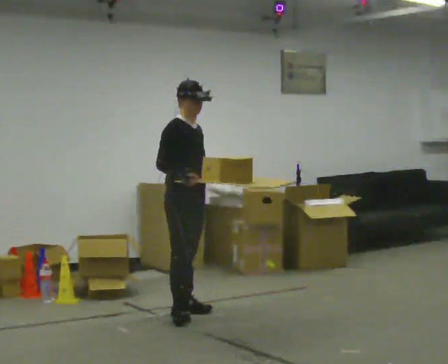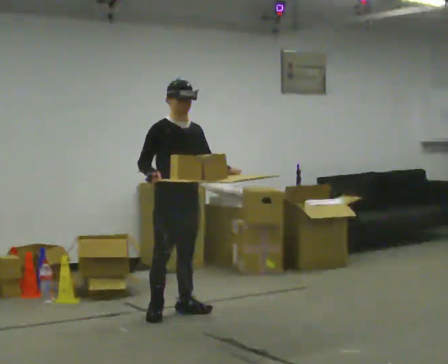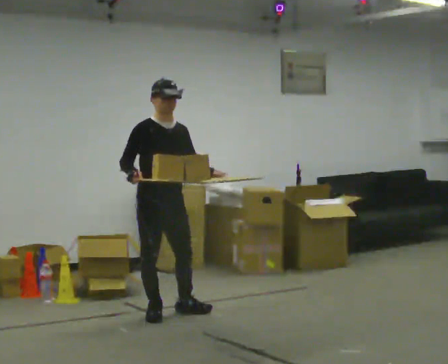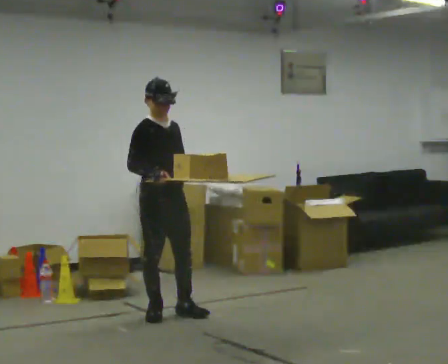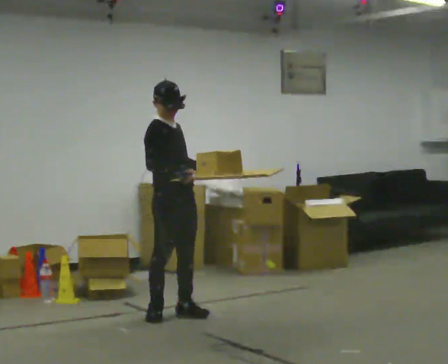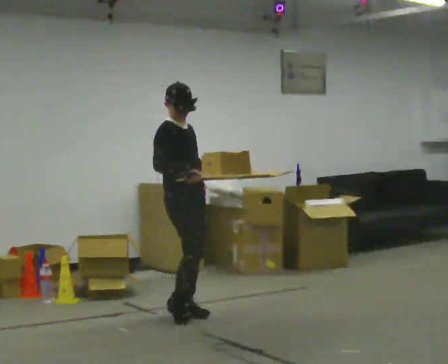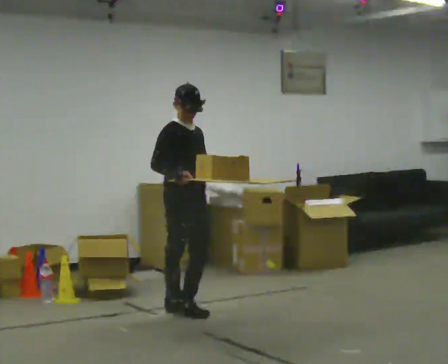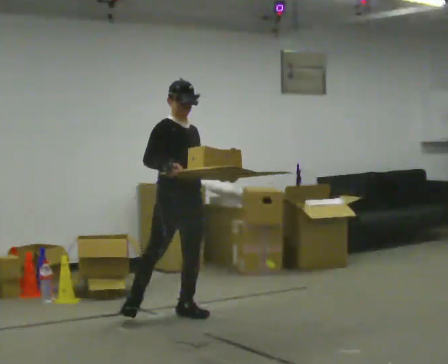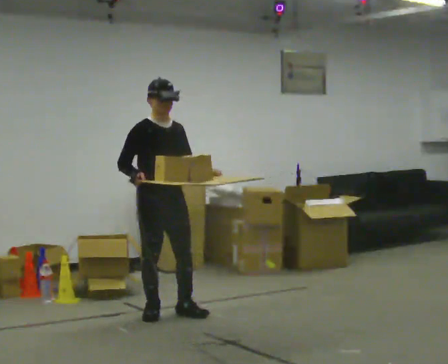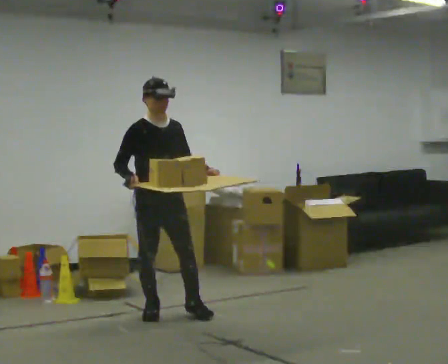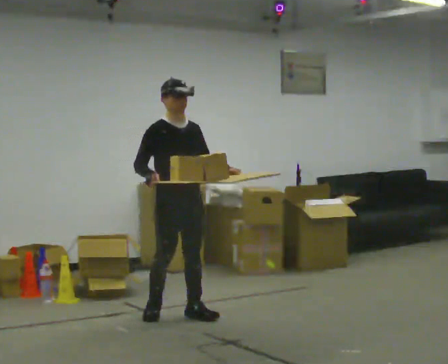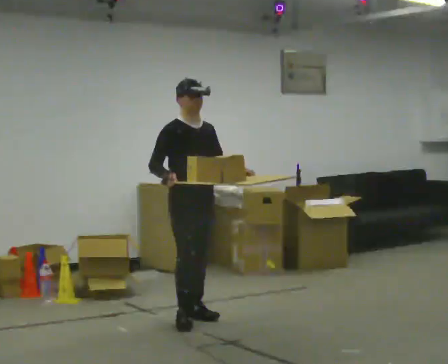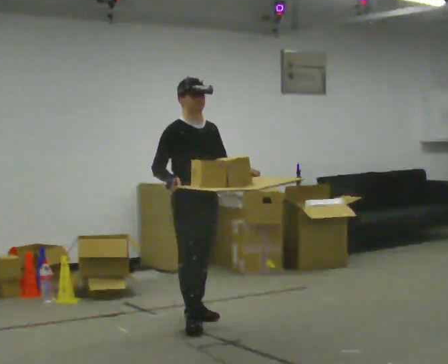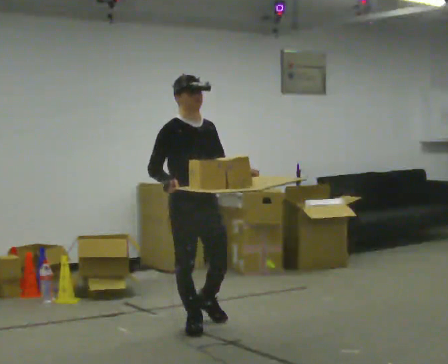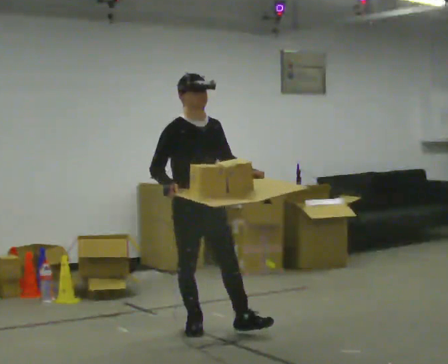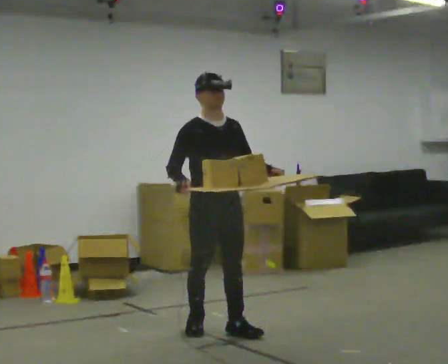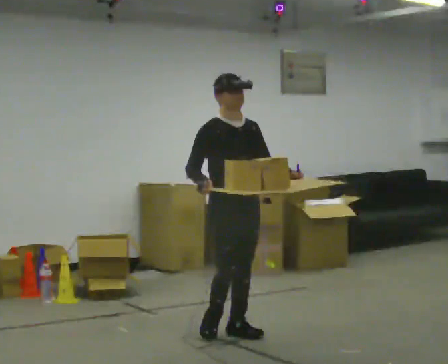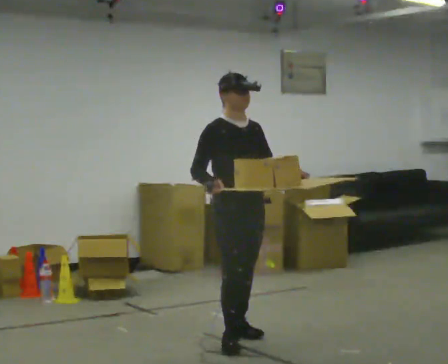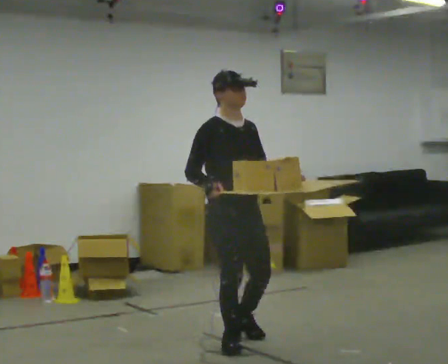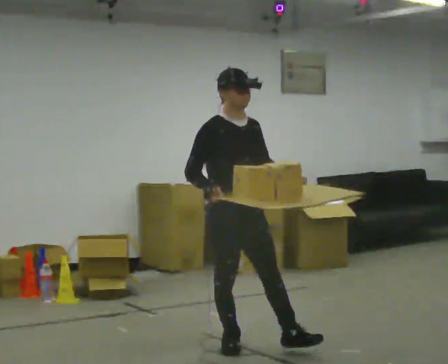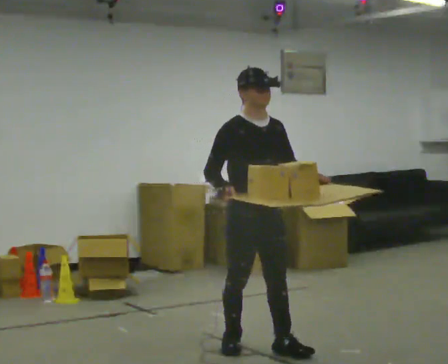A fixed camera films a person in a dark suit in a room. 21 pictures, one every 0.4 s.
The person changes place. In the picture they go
toward the camera.
0.0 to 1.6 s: The person moves a little, or ends about where they began.
1.6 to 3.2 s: The part of the body nearest the lens slides to the left as the person turns to their right by about 30 degrees. In the picture their right hand goes to the left.
3.2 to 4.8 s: In the picture they go to the right and toward the camera, about 0.25 m in 1 step, which for them is forward.
4.8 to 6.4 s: In the picture they go toward the camera and to the right, about 0.5 m in 1 step, which for them is forward.
6.4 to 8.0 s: In the picture they go toward the camera, about 0.5 m in 2 steps, which for them is forward and to their right.
The film runs forward here.
